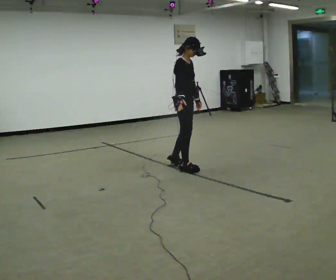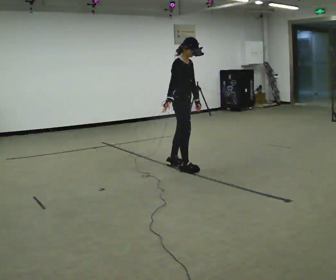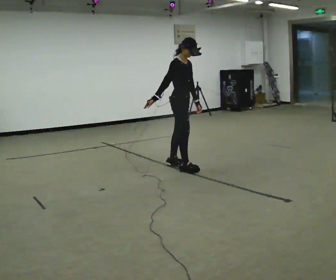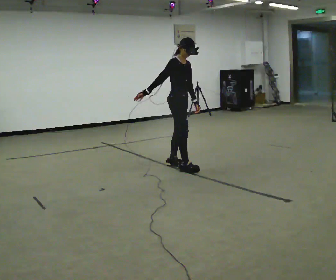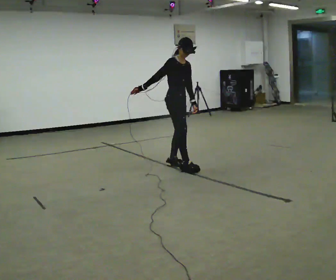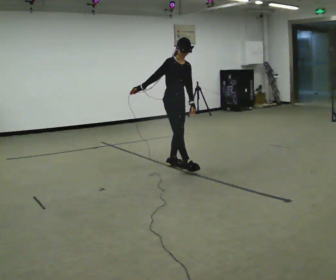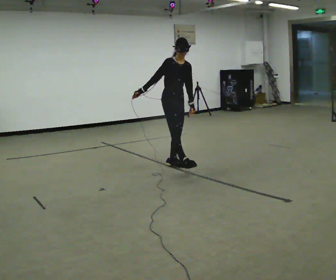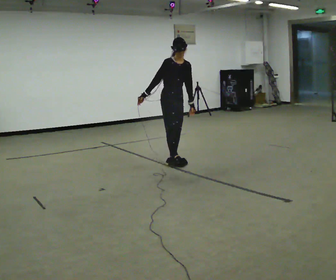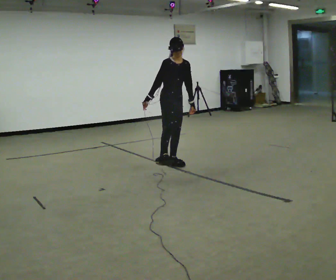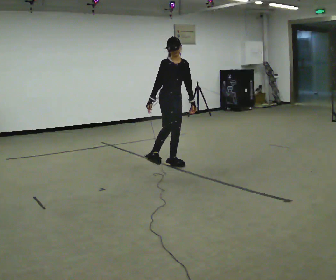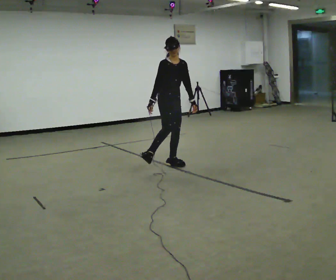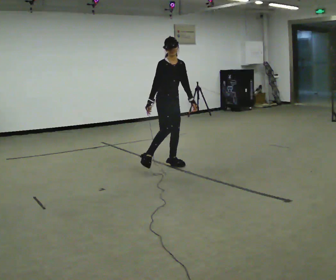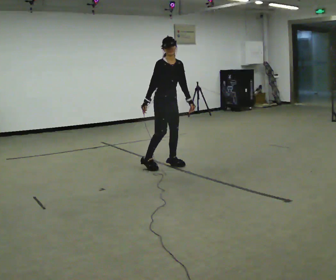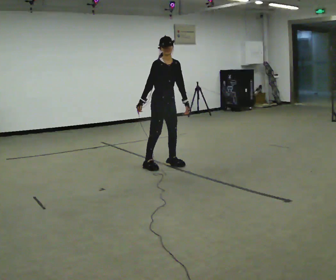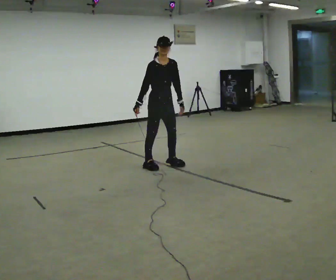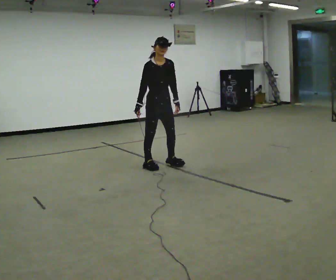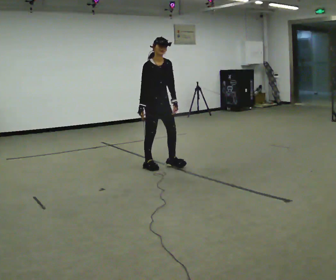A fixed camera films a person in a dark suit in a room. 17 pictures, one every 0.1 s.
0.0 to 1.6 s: The person turns about 45 degrees to their right, clockwise seen from above, so the part of the body nearest the lens slides to the left. In the picture they go to the left, about 0.25 m in 2 steps, which for them is backward and to their right.
The film runs backward here.
